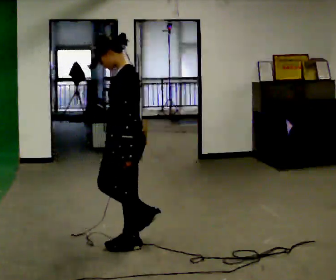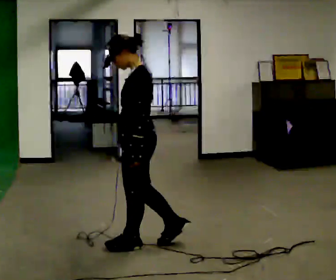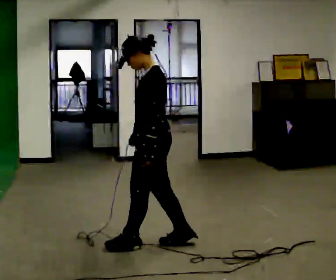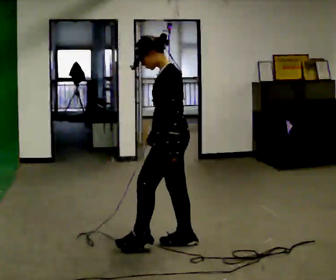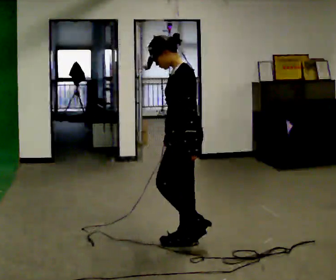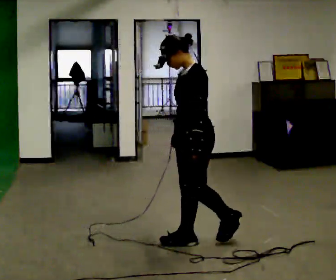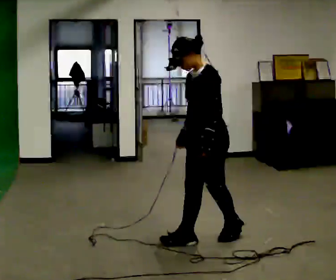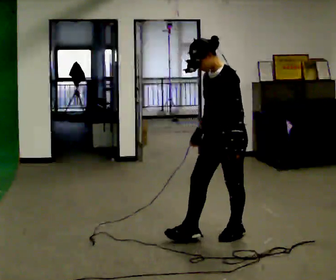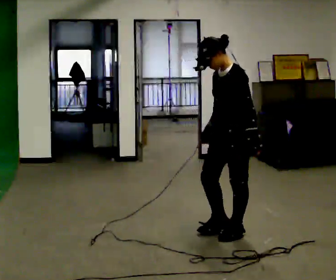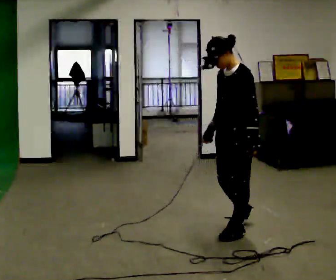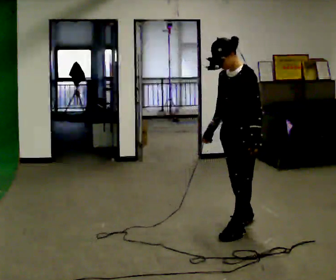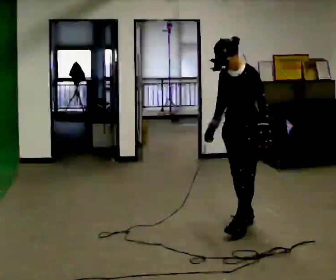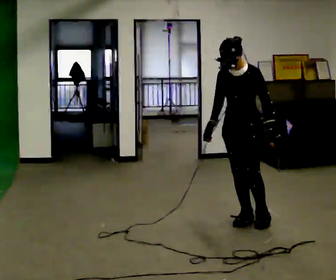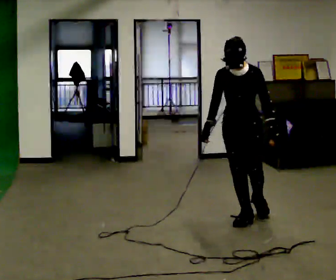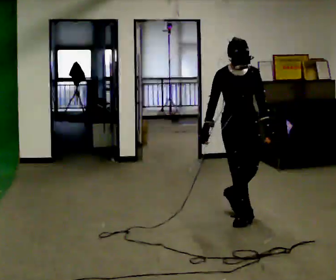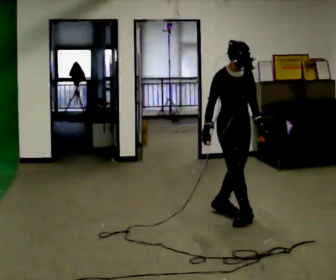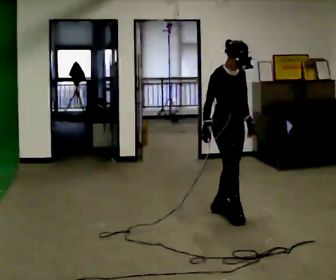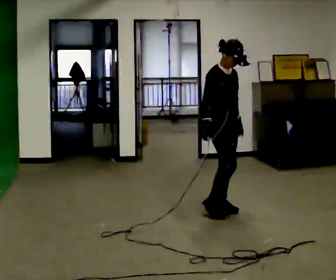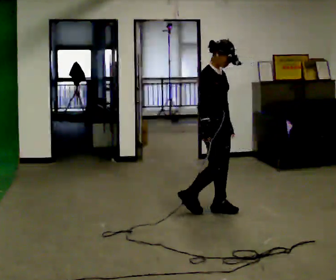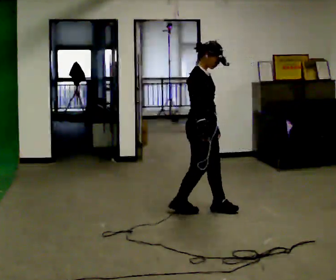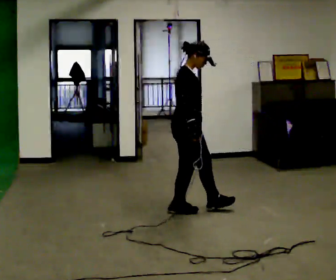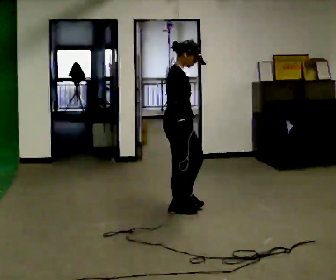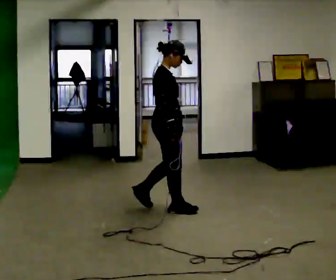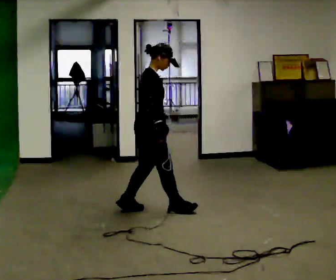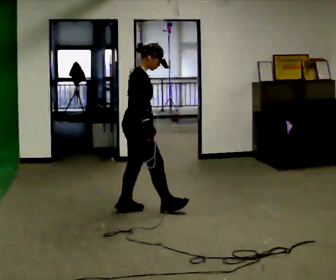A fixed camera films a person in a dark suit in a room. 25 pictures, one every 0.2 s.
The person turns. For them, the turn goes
to their left.
The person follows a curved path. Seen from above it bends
counterclockwise.
0.0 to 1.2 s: In the picture they go to the right and away from the camera, about 0.5 m in 2 steps, which for them is backward.
1.2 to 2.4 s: The person turns about 30 degrees to their left, counterclockwise seen from above, so the part of the body nearest the lens slides to the right. In the picture they go away from the camera and to the right, about 0.5 m in 1 step, which for them is backward and to their right.
2.4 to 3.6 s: Seen from above the body turns counterclockwise, about 90 degrees: to their left, with its near side sliding to the right. In the picture they go away from the camera and to the left, about 0.5 m in 1 step.
3.6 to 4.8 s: The person turns about 30 degrees to their left, counterclockwise seen from above, so the part of the body nearest the lens slides to the right. In the picture they go to the left, about 0.75 m in 2 steps, which for them is backward.
The film runs forward here.
